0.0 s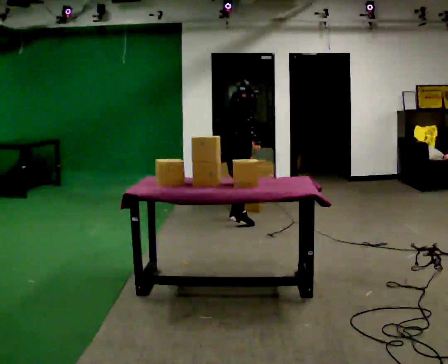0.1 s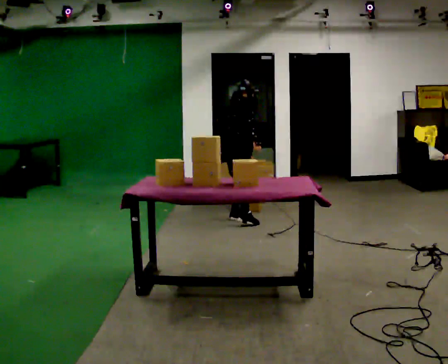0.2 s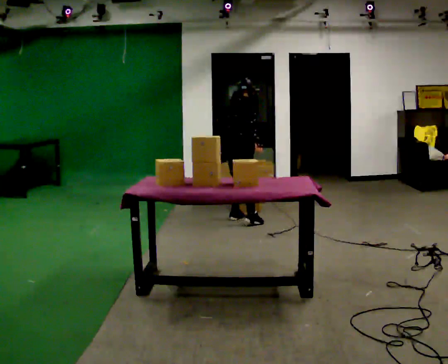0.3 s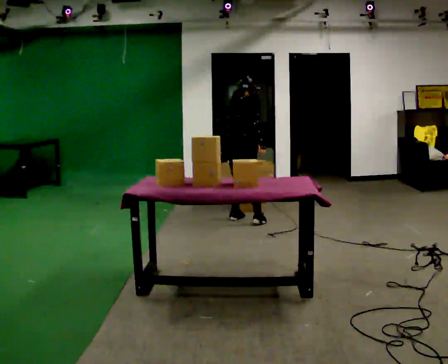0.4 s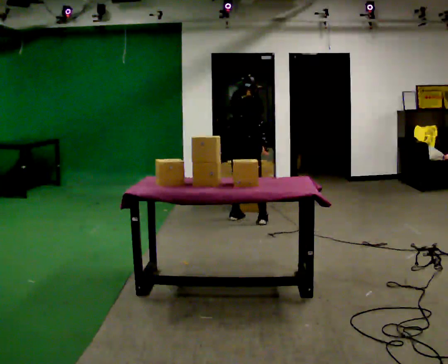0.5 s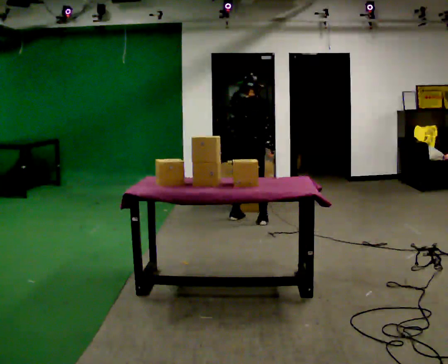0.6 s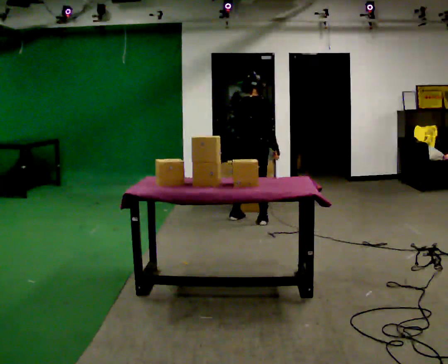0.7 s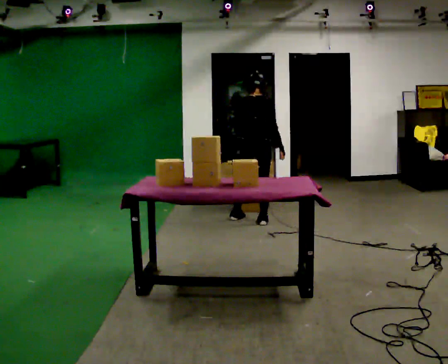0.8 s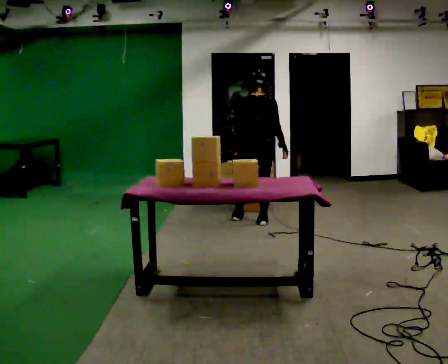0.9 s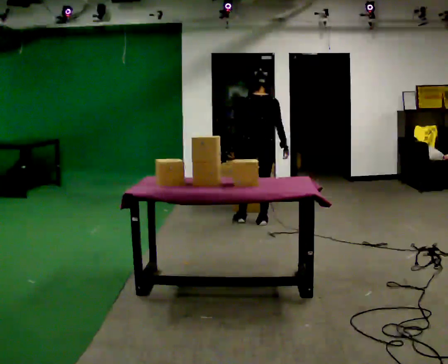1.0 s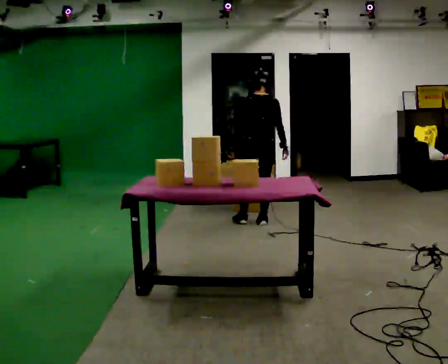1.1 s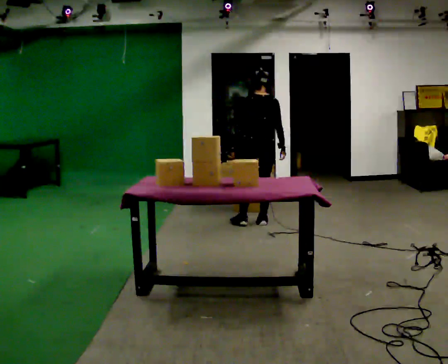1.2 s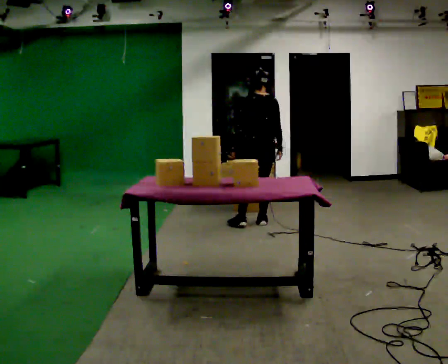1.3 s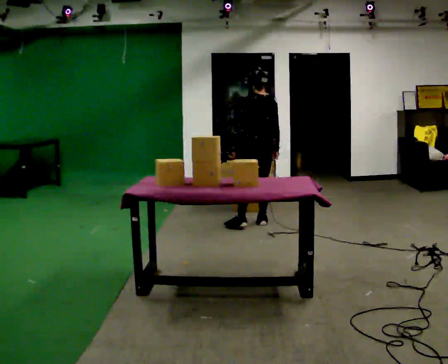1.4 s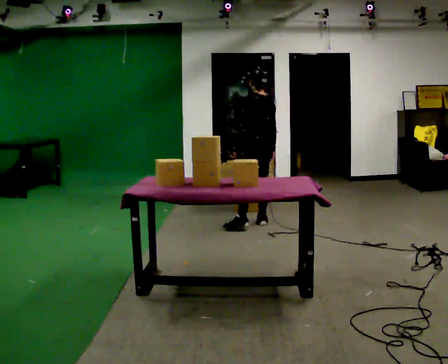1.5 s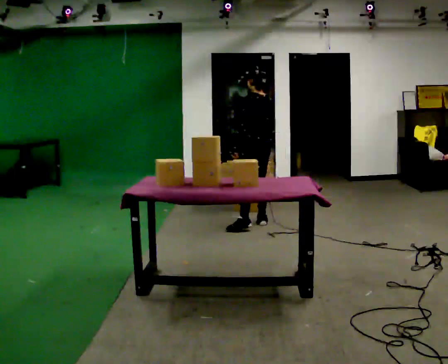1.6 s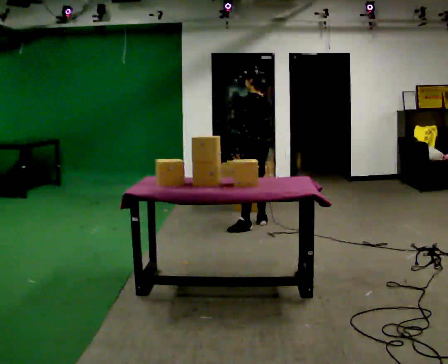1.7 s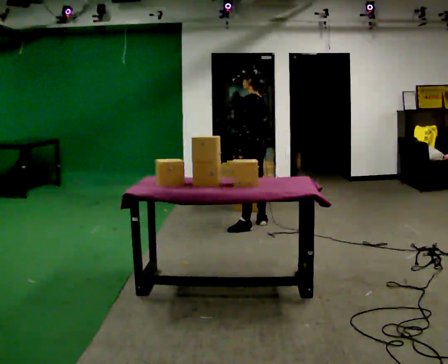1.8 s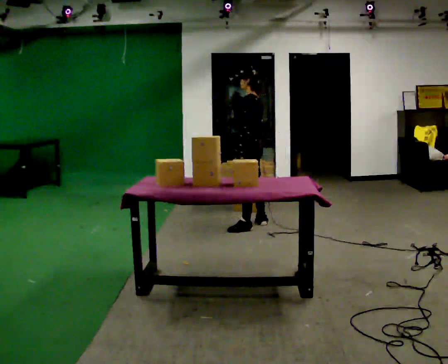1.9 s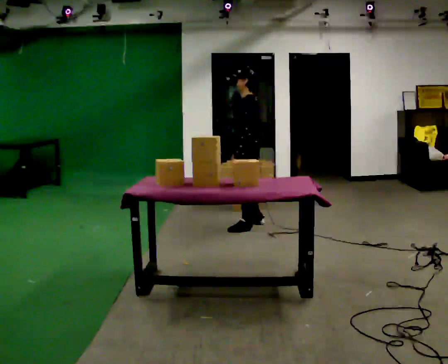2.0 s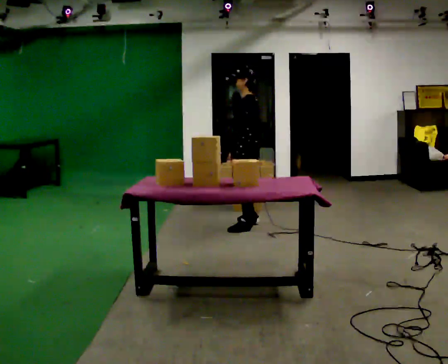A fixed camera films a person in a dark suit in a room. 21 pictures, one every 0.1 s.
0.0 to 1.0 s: The part of the body nearest the lens slides to the right as the person turns to their left by about 60 degrees. In the picture they go to the right, about 0.25 m in 1 step. The upper body tips toward the camera, its near side rolling downward, as they lean back or straighten.
1.0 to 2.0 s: The part of the body nearest the lens slides to the right as the person turns to their left by about 90 degrees. In the picture they go toward the camera, about 0.25 m in 1 step.
The film runs forward here.
